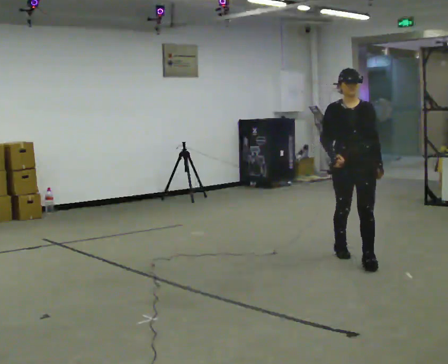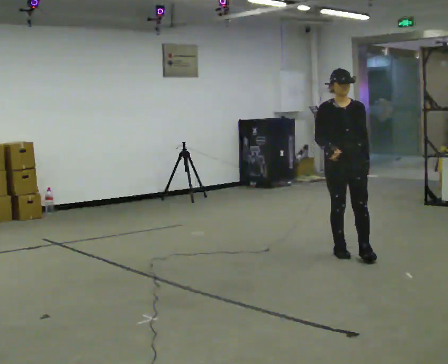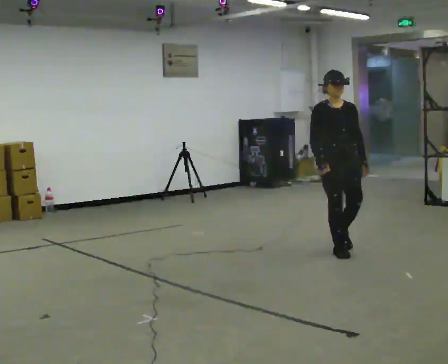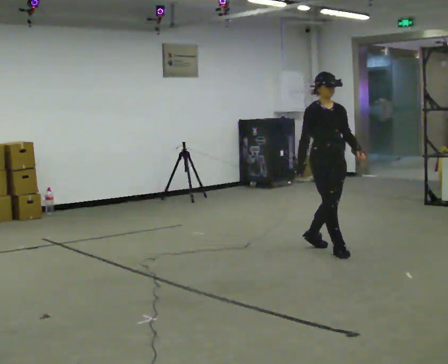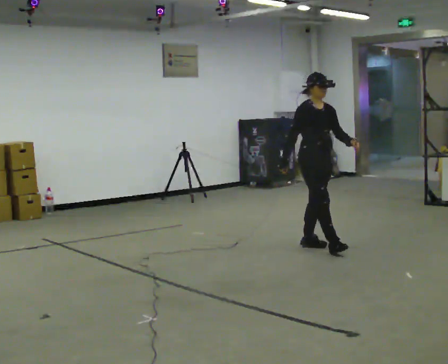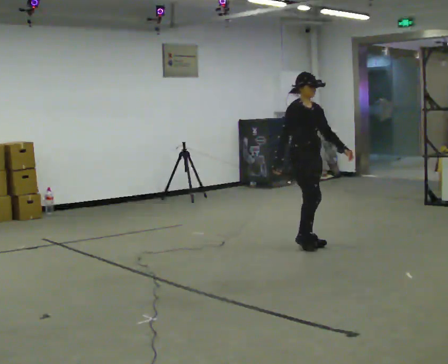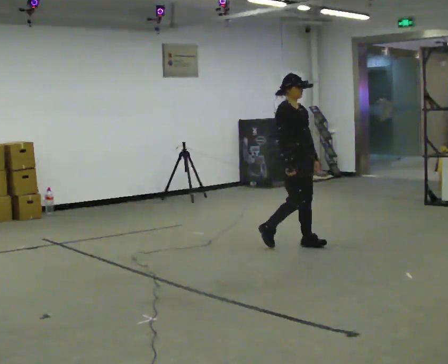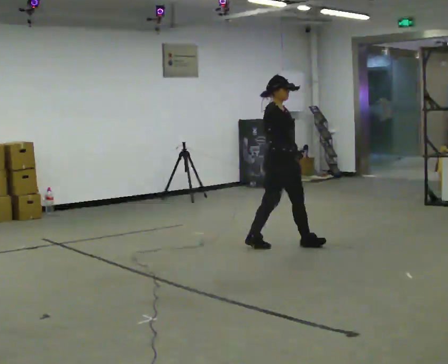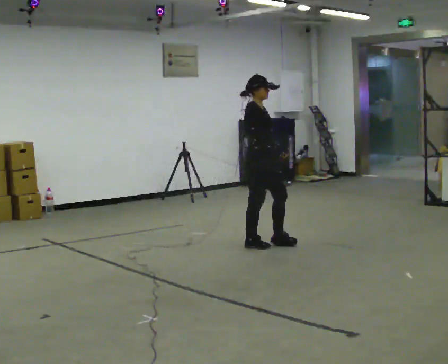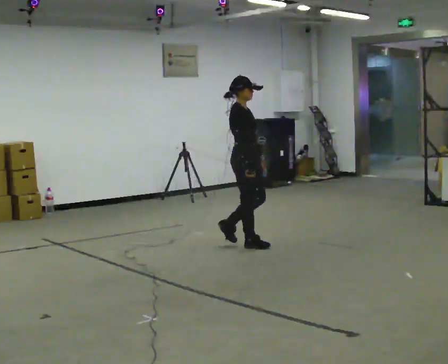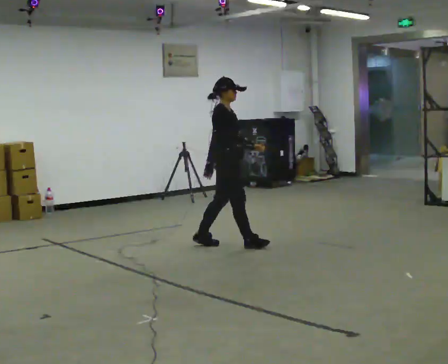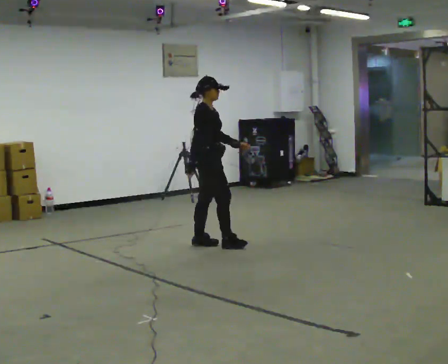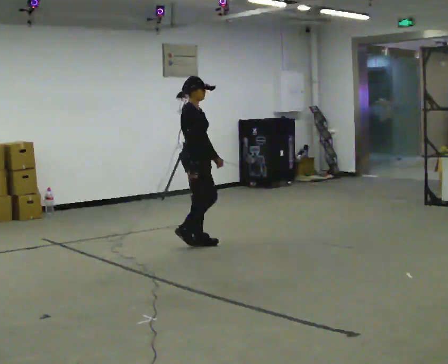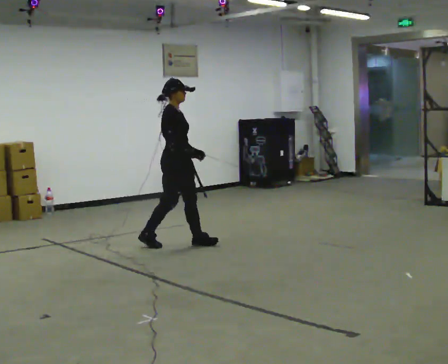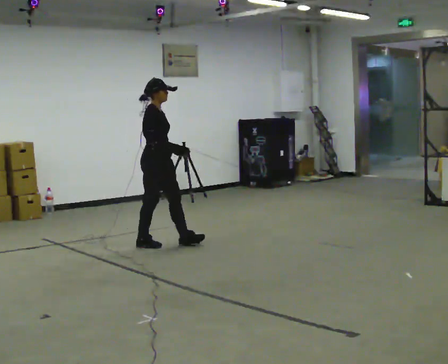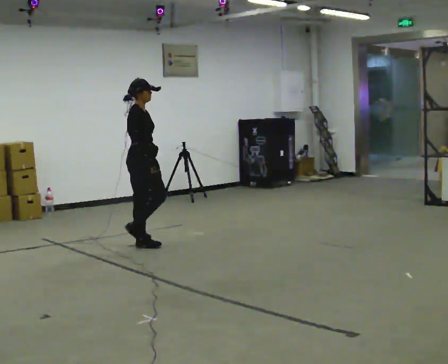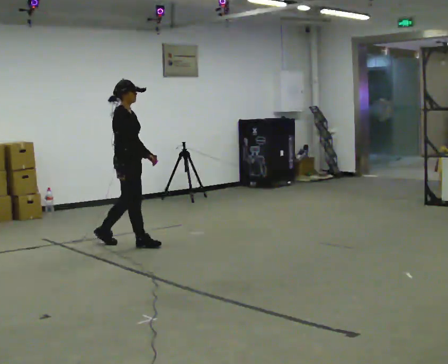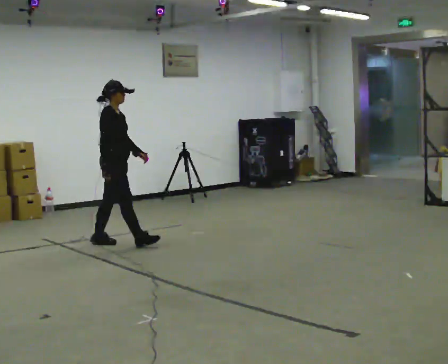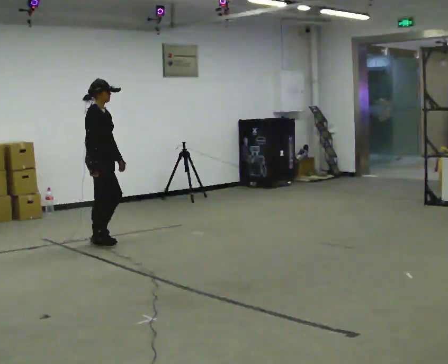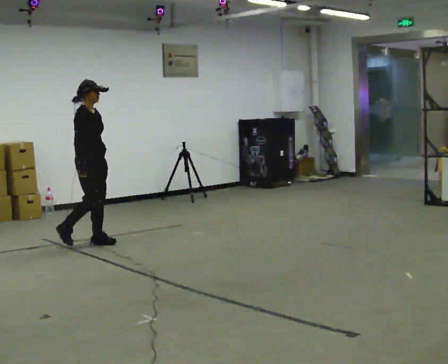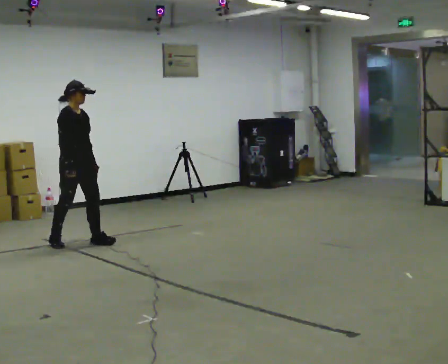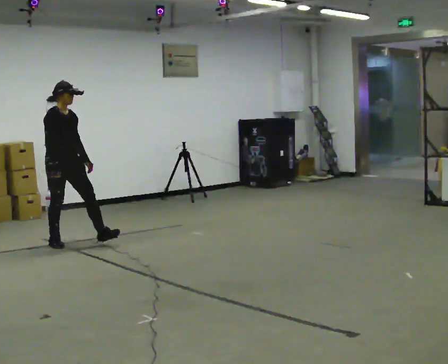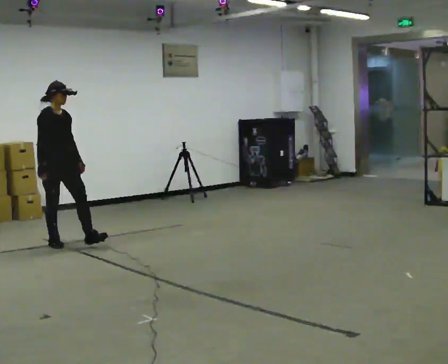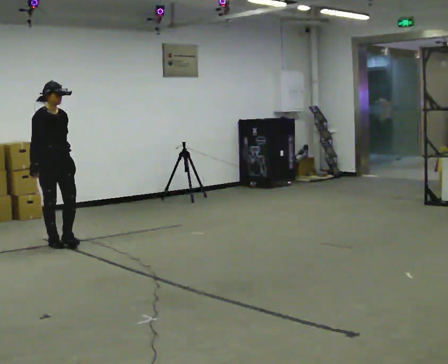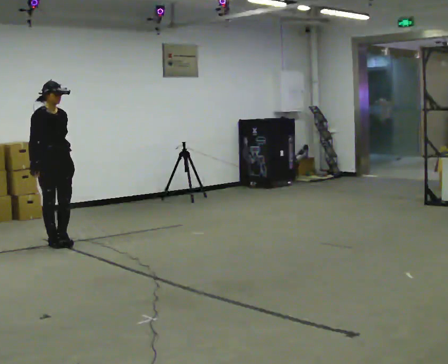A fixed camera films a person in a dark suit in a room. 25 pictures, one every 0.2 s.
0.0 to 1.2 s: The part of the body nearest the lens slides to the right as the person turns to their left by about 60 degrees. In the picture they go away from the camera and to the left, about 1 m in 2 steps, which for them is backward.
1.2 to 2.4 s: The person turns about 30 degrees to their left, counterclockwise seen from above, so the part of the body nearest the lens slides to the right. In the picture they go to the left, about 1 m in 2 steps, which for them is backward.
2.4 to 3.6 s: In the picture they go to the left, about 1 m in 2 steps, which for them is backward.
3.6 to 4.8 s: The part of the body nearest the lens slides to the left as the person turns to their right by about 45 degrees. In the picture they go to the left, about 0.5 m in 1 step, which for them is backward and to their right.
The film runs backward here.
